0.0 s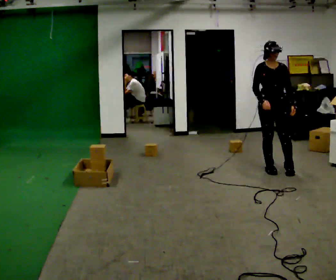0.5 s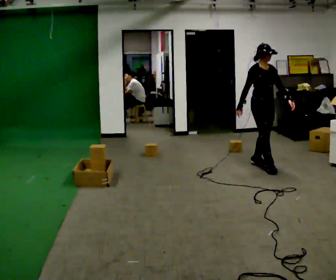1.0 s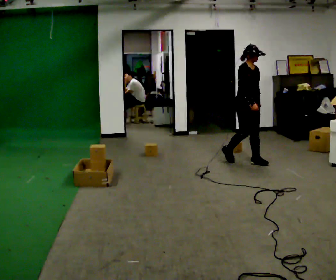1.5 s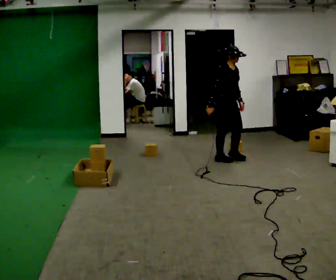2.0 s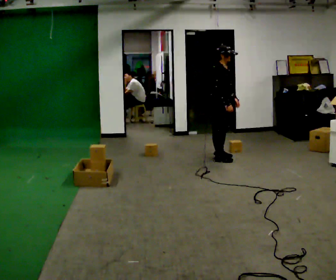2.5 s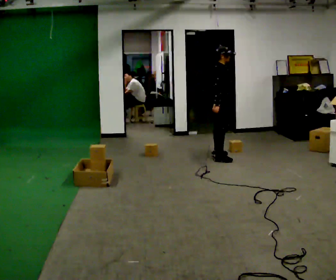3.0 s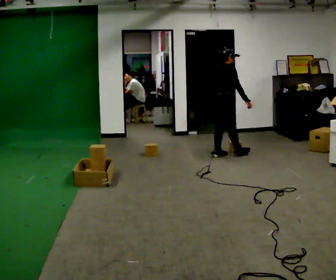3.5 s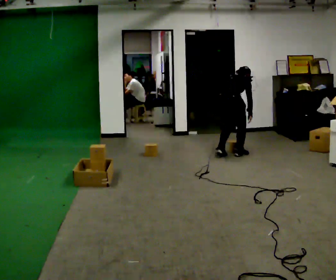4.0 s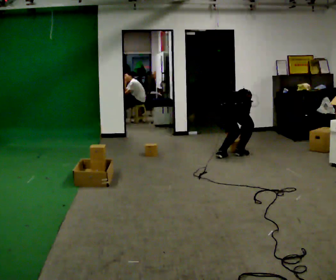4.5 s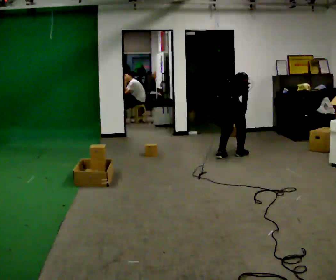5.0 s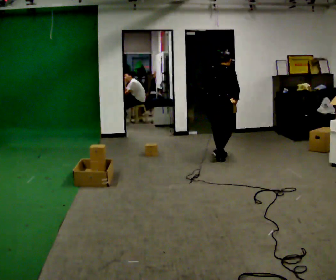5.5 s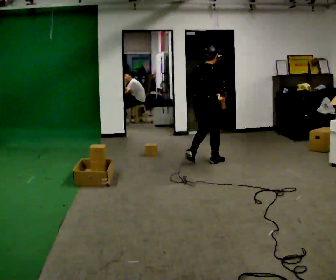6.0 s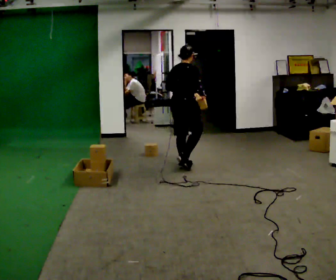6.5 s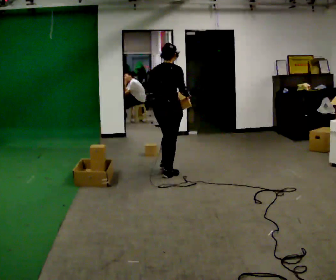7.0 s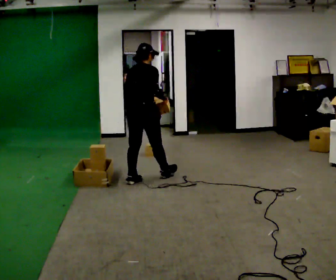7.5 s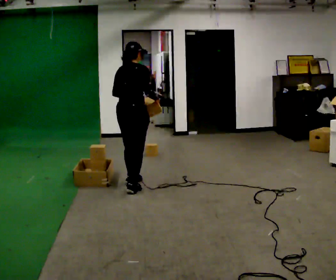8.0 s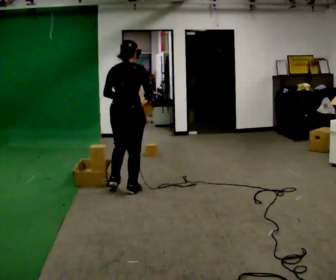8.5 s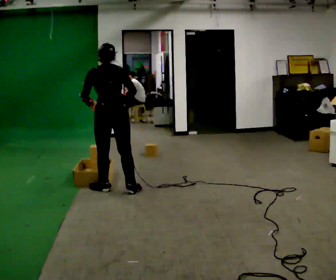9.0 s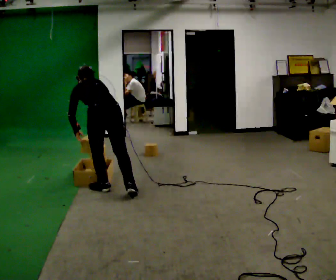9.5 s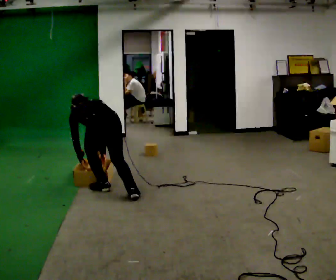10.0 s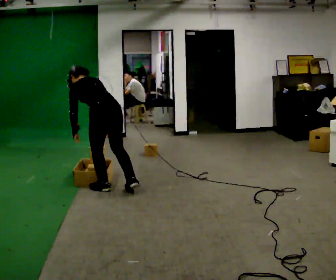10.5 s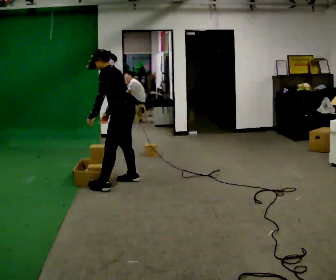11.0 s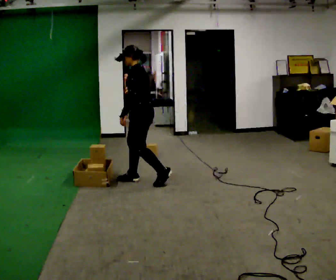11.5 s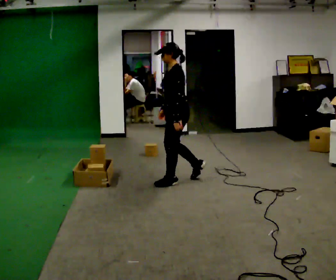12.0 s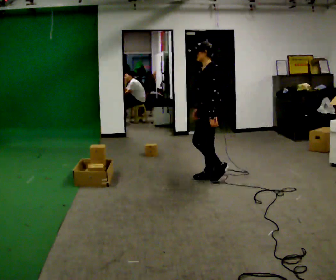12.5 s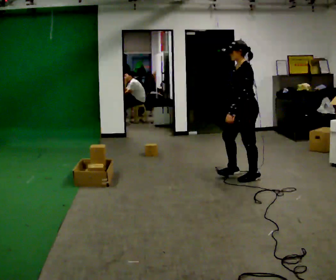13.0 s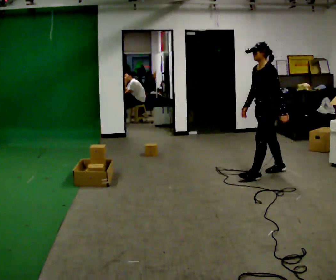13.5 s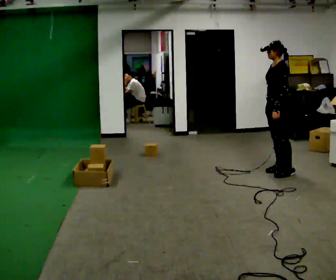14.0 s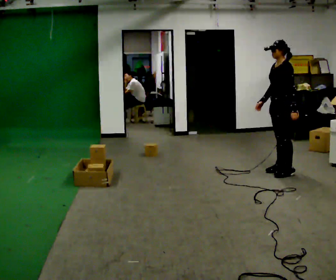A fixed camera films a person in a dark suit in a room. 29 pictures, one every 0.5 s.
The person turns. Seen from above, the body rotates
counterclockwise.
The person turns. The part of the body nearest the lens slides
to the right.
0.0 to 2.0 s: Seen from above the body turns counterclockwise, about 60 degrees: to their left, with its near side sliding to the right. In the picture they go away from the camera and to the left, about 1 m in 2 steps.
2.0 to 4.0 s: The person turns about 75 degrees to their left, counterclockwise seen from above, so the part of the body nearest the lens slides to the right. In the picture they go to the right, about 0.25 m in 1 step. The shoulders move downward. The upper body tips away from the camera, its near side rolling upward, as they bend forward. In the picture their left hand goes downward.
4.0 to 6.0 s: In the picture they go to the left and toward the camera, about 1 m in 3 steps, which for them is backward. The shoulders move upward. The upper body tips toward the camera, its near side rolling downward, as they lean back or straighten. In the picture their left hand goes upward.
6.0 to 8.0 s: The person turns about 30 degrees to their left, counterclockwise seen from above, so the part of the body nearest the lens slides to the right. In the picture they go toward the camera and to the left, about 1 m in 3 steps, which for them is backward.
8.0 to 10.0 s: The person turns about 60 degrees to their left, counterclockwise seen from above, so the part of the body nearest the lens slides to the right. In the picture they go to the left, about 0.25 m in 2 steps. In the picture their left hand goes to the left and downward.
10.0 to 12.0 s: The part of the body nearest the lens slides to the right as the person turns to their left by about 45 degrees. In the picture they go to the right, about 1 m in 3 steps, which for them is backward. The upper body tips toward the camera, its near side rolling downward, as they lean back or straighten.
12.0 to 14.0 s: In the picture they go to the right, about 1 m in 2 steps, which for them is backward.
The film runs backward here.
